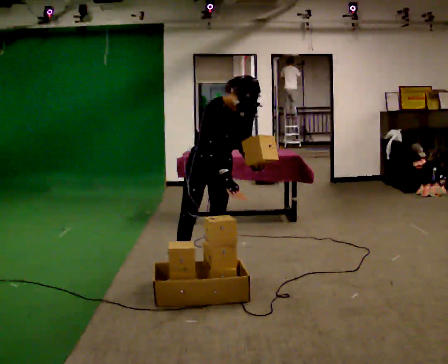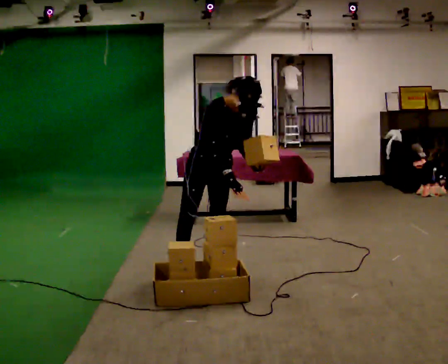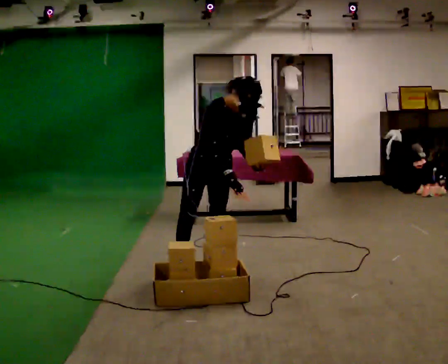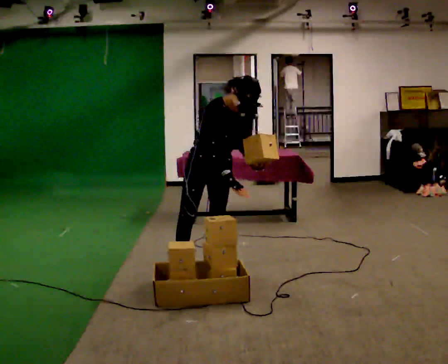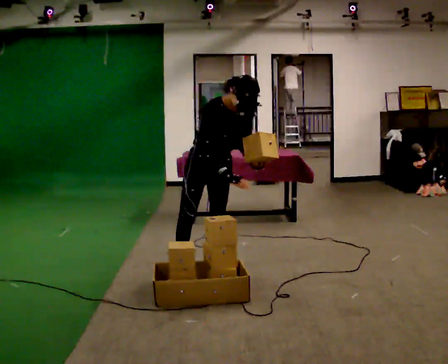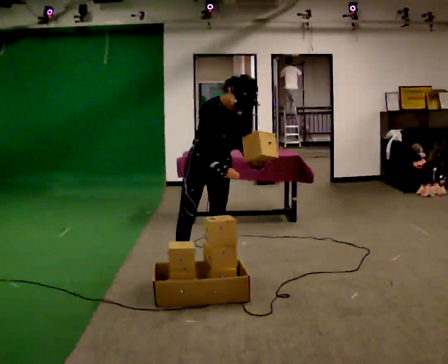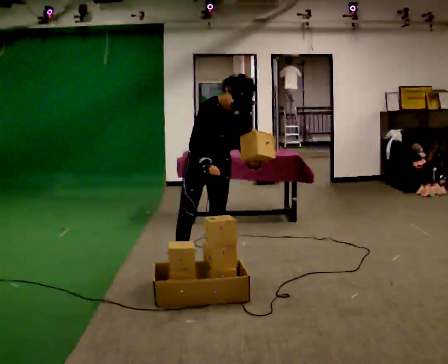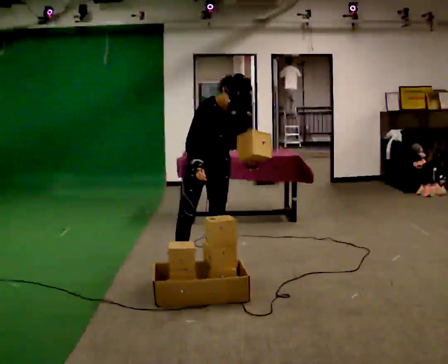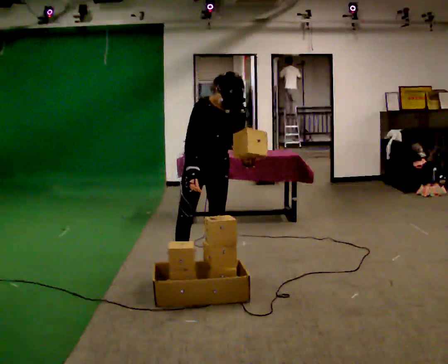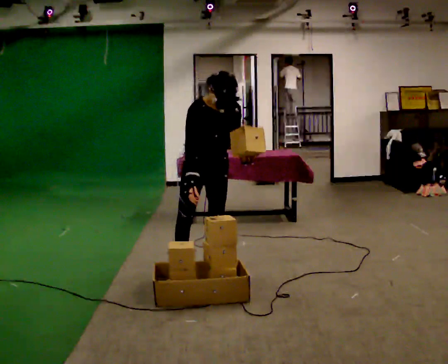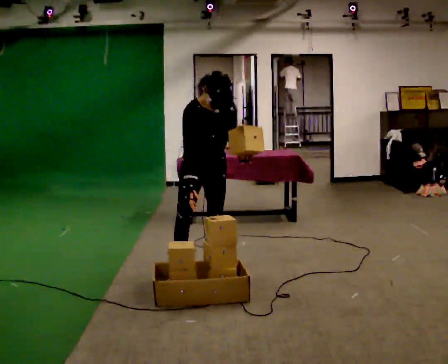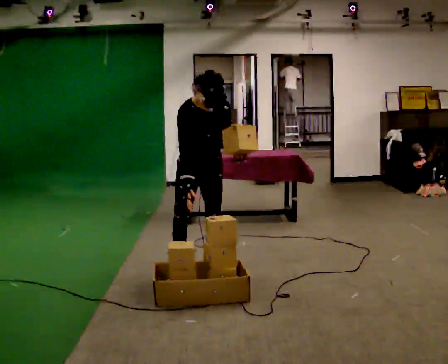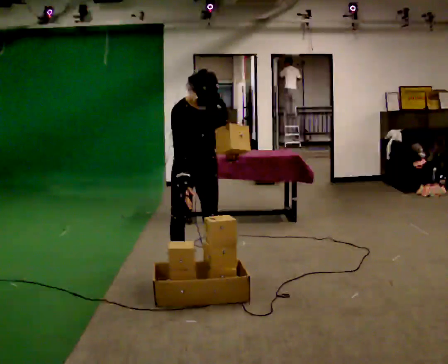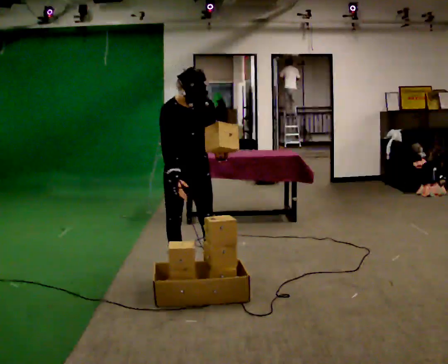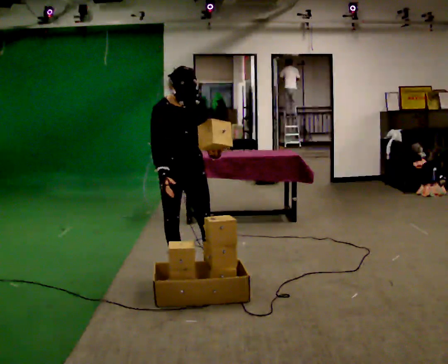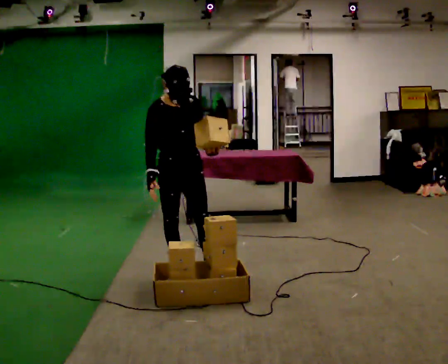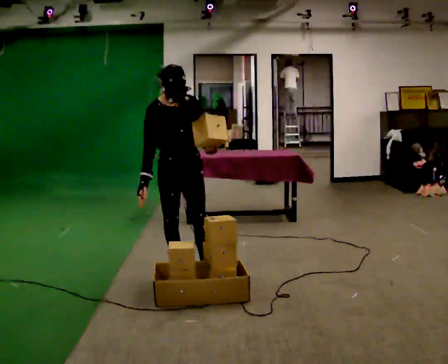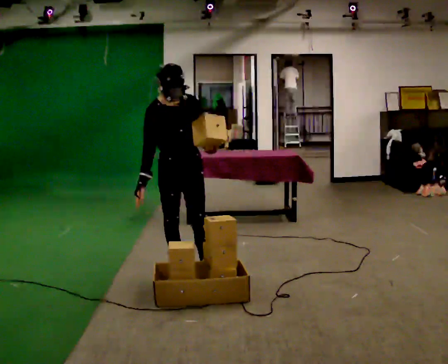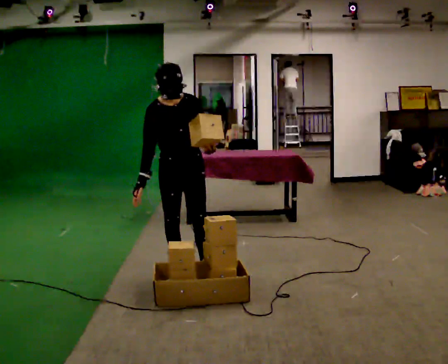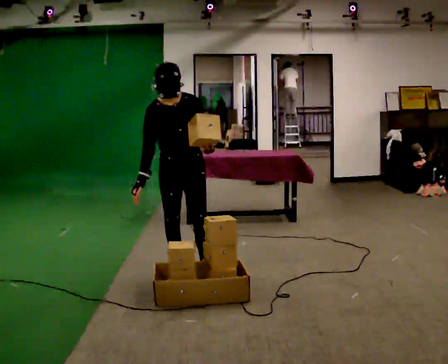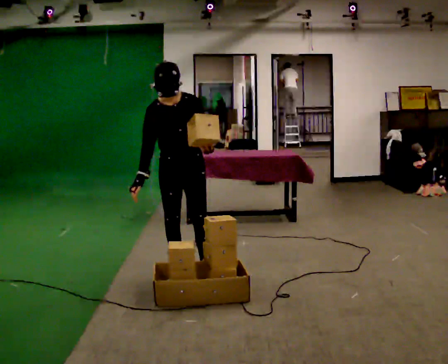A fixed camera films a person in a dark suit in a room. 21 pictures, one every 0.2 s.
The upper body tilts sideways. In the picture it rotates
counterclockwise.
0.0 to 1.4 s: The person moves a little, or ends about where they began.
1.4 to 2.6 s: In the picture they go to the left, about 0.25 m, which for them is to their right. In the picture the upper body tilts counterclockwise, shoulders to the left.
2.6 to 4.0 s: The person moves a little, or ends about where they began.
The film runs backward here.
